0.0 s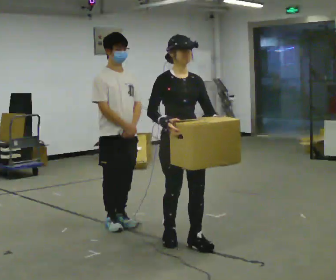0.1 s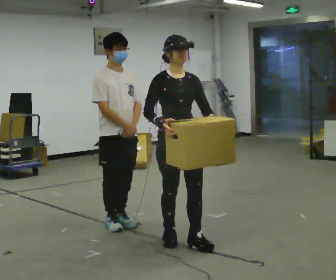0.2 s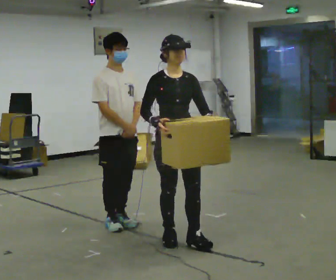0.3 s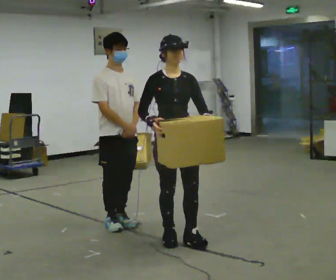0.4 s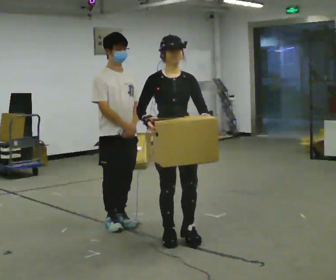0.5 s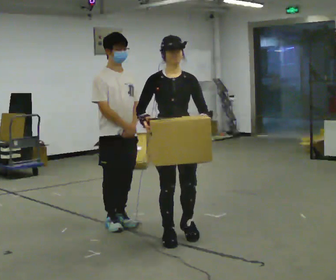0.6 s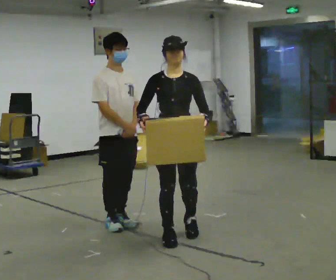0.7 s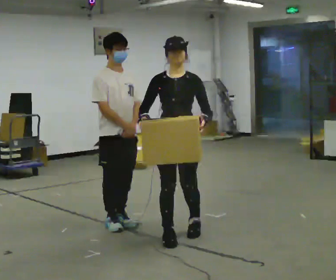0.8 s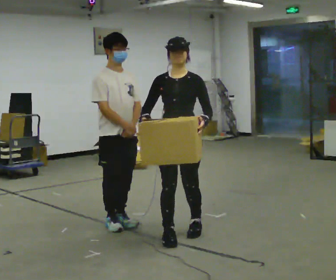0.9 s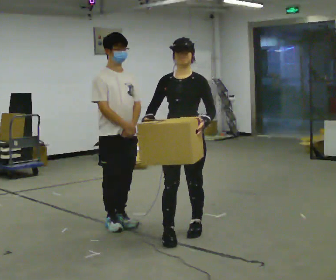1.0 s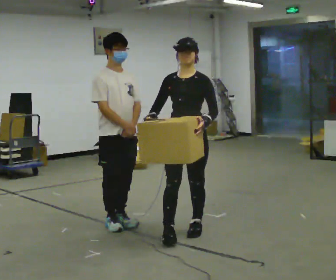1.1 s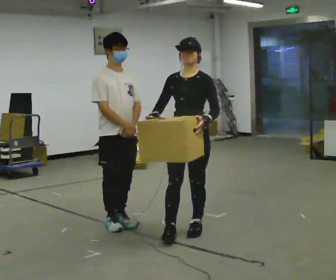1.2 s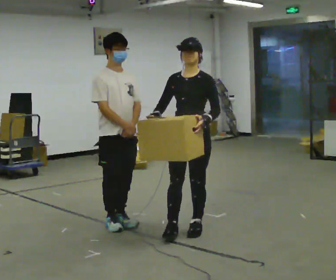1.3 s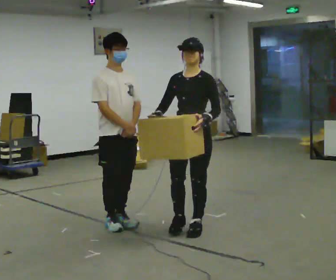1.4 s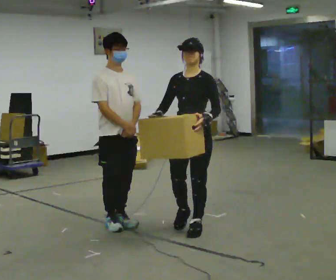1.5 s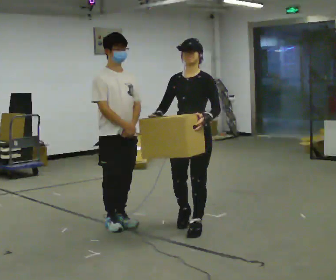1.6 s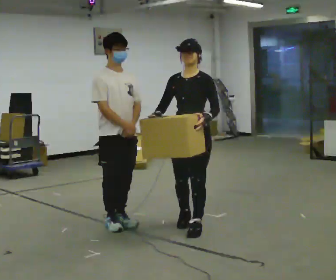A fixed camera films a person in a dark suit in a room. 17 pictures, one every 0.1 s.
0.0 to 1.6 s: Seen from above the body turns clockwise, about 45 degrees: to their right, with its near side sliding to the left. In the picture they go away from the camera, about 0.5 m in 2 steps, which for them is backward.
The film runs backward here.
